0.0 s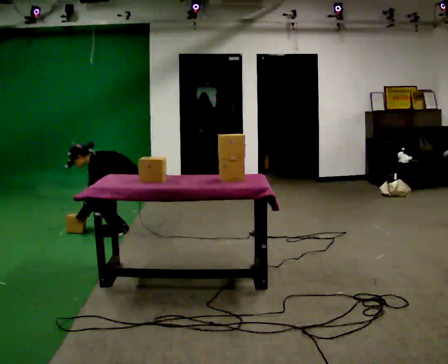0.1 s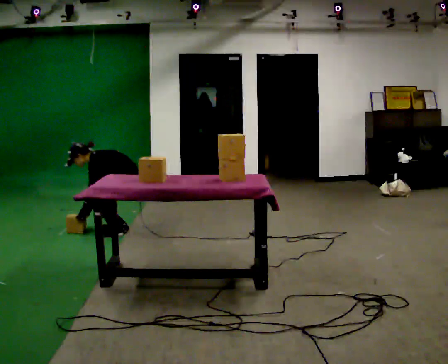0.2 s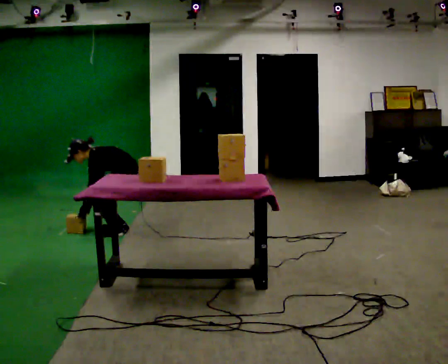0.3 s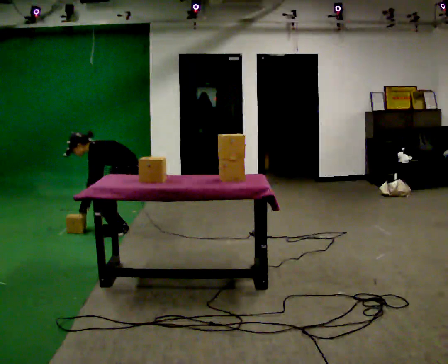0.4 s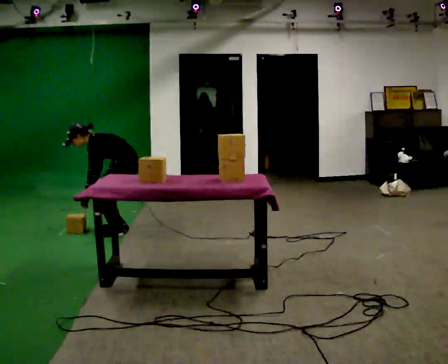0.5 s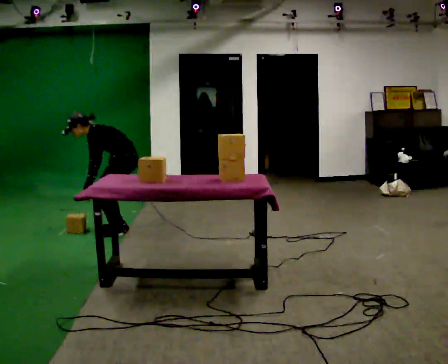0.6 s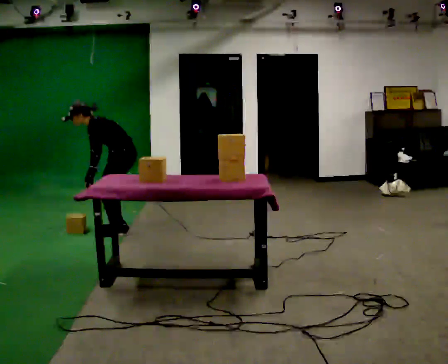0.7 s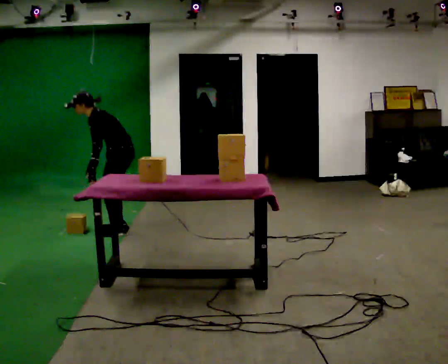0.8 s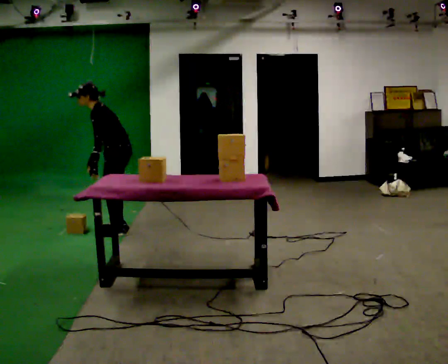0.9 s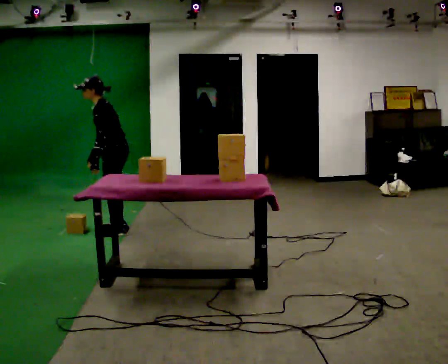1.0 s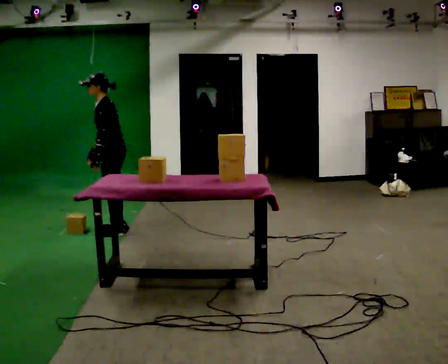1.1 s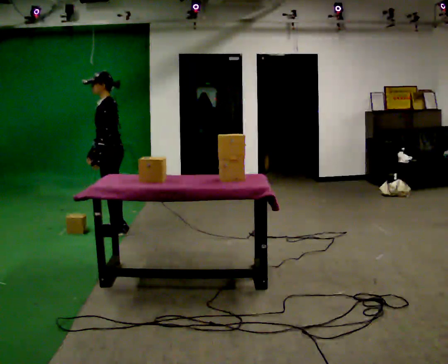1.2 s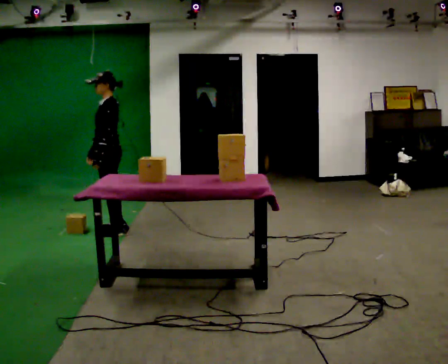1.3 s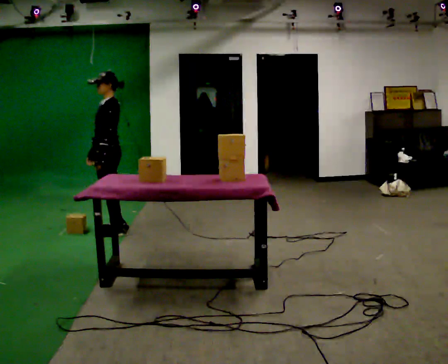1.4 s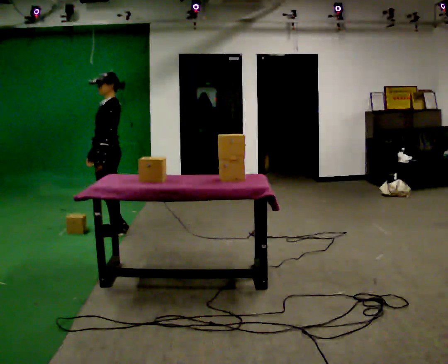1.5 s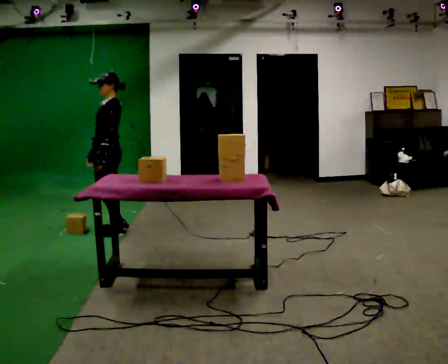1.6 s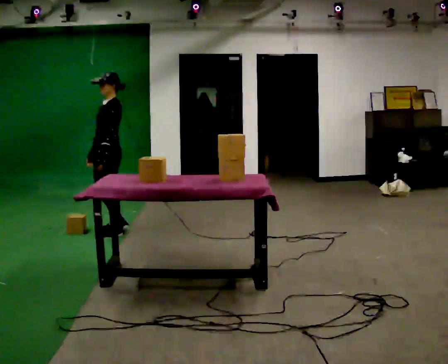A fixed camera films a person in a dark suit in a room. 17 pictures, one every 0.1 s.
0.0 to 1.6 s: In the picture they go to the left, about 0.25 m, which for them is forward. The upper body goes upward. In the picture the upper body tilts clockwise, shoulders to the right, as they lean back or straighten. In the picture their left hand goes upward.
The film runs forward here.
